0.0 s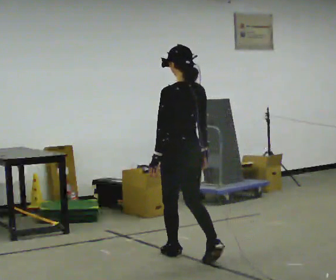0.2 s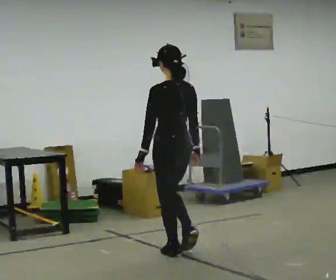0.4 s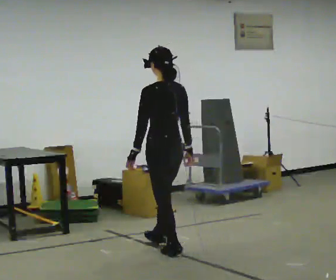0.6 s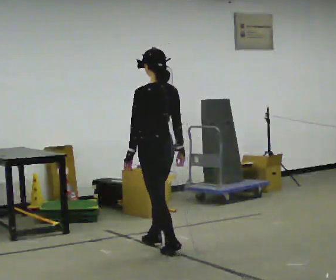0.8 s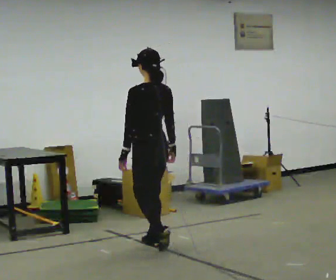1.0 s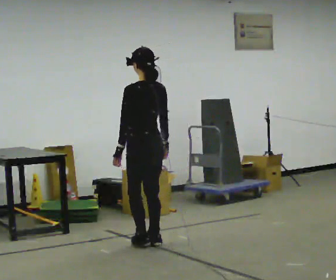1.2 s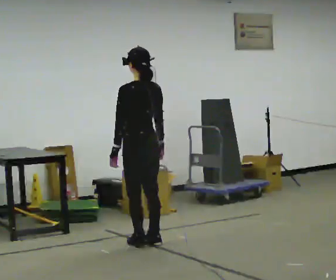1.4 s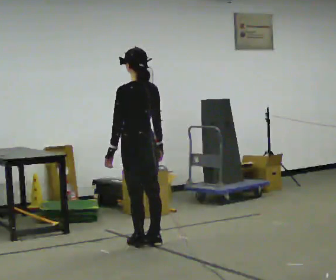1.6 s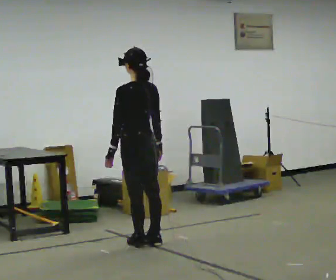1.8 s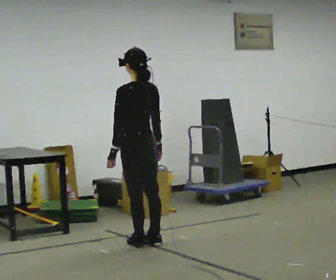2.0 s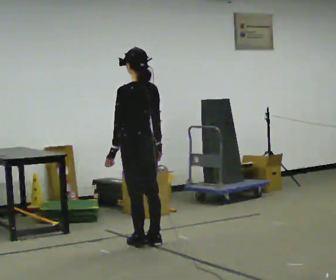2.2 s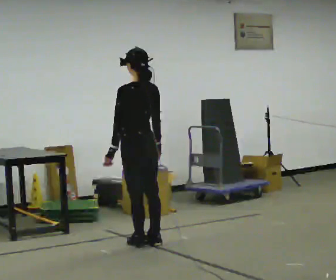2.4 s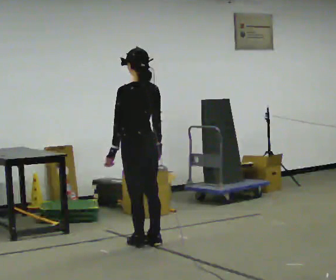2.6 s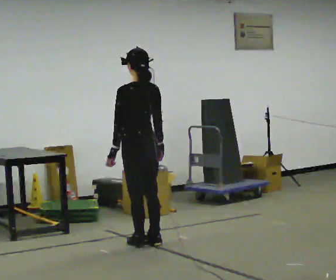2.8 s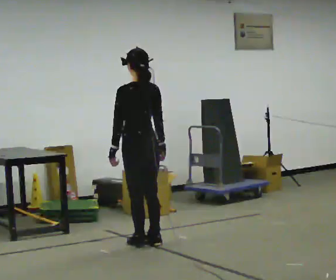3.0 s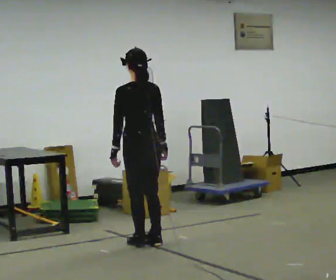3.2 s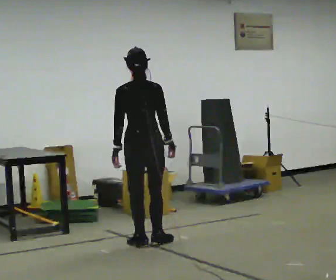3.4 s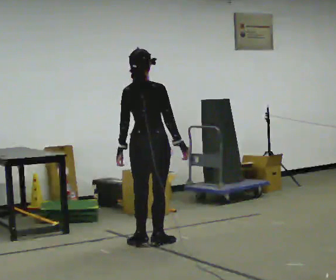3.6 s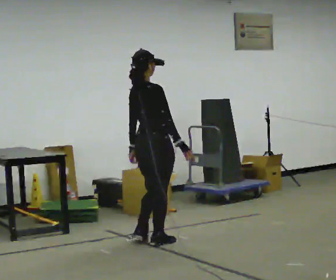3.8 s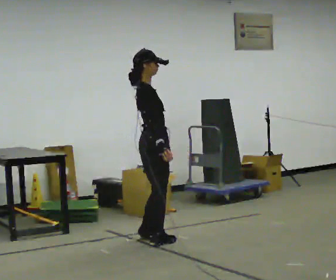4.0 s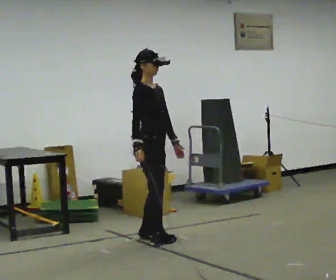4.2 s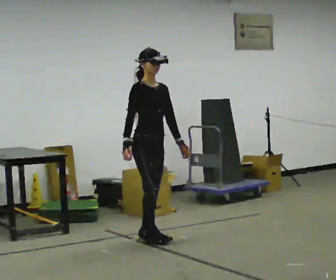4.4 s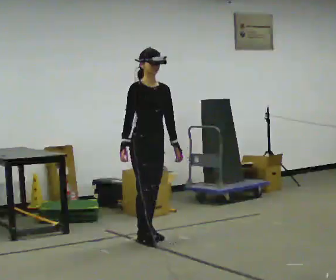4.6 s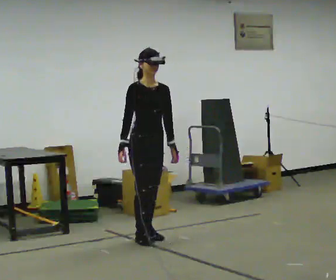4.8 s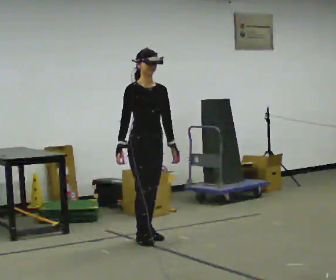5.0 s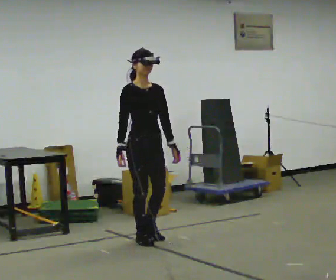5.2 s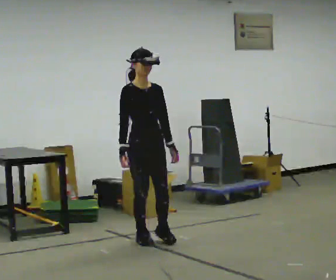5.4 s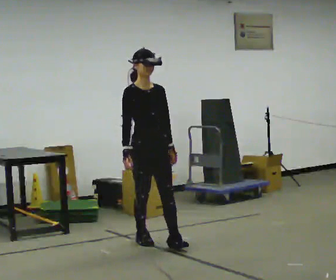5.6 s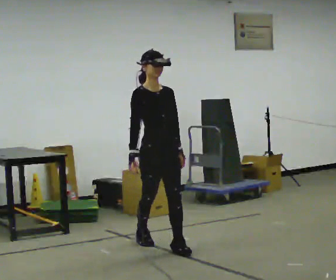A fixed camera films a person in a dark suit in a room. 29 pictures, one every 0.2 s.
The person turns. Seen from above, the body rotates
clockwise.
The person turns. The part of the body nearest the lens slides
to the left.
0.0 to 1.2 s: In the picture they go away from the camera and to the left, about 0.5 m in 2 steps, which for them is forward.
1.2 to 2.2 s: The person moves a little, or ends about where they began.
2.2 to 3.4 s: The part of the body nearest the lens slides to the left as the person turns to their right by about 60 degrees.
3.4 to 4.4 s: The person turns about 120 degrees to their right, clockwise seen from above, so the part of the body nearest the lens slides to the left. In the picture they go away from the camera, about 0.25 m in 2 steps. In the picture their right hand goes to the left, the arm swinging clockwise.
4.4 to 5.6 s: In the picture they go toward the camera, about 0.25 m in 1 step, which for them is forward.
The film runs forward here.
